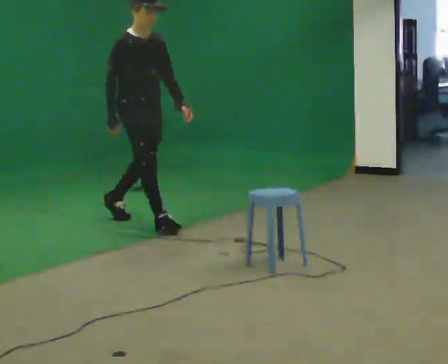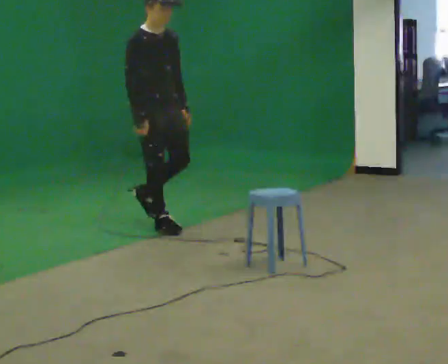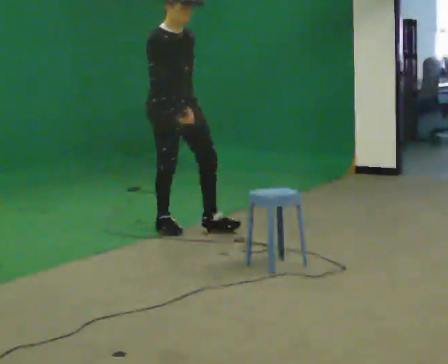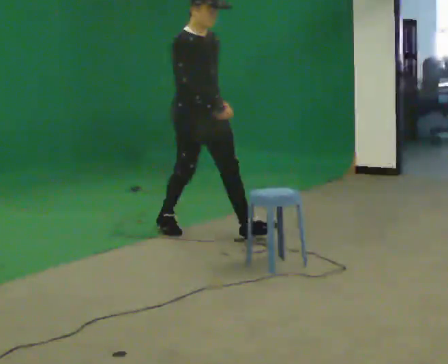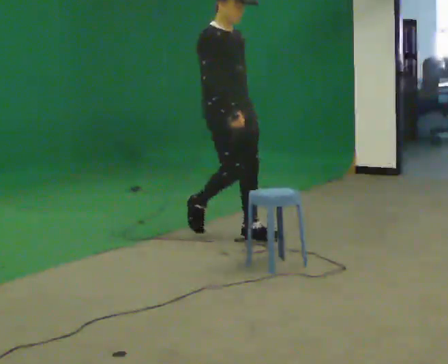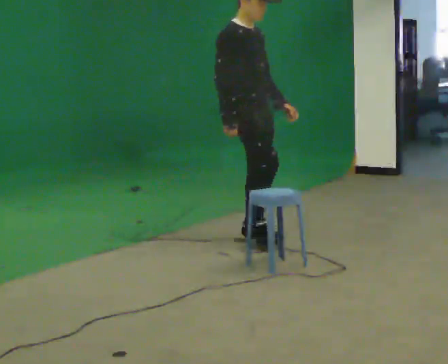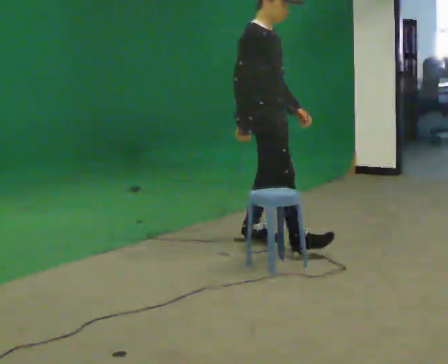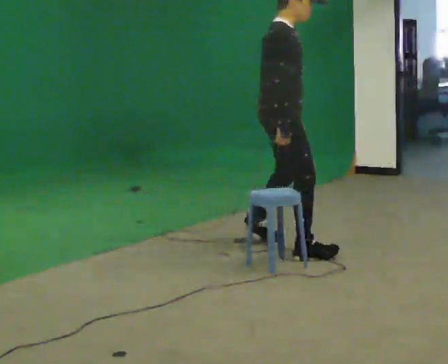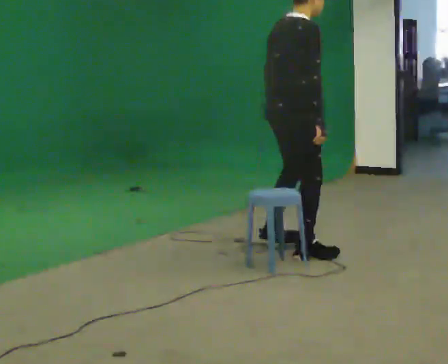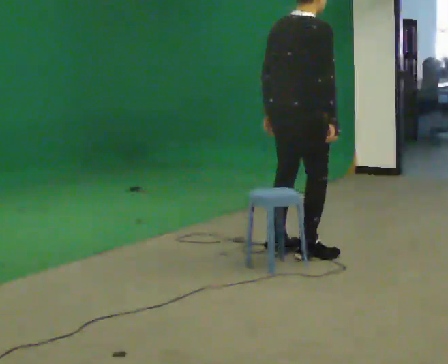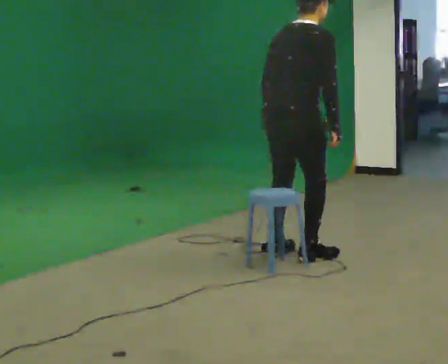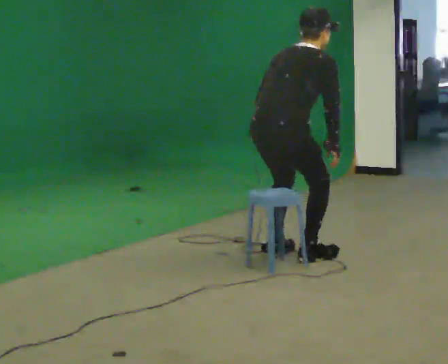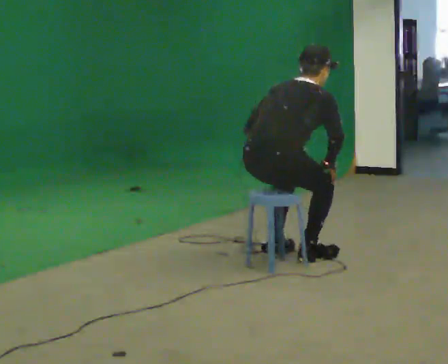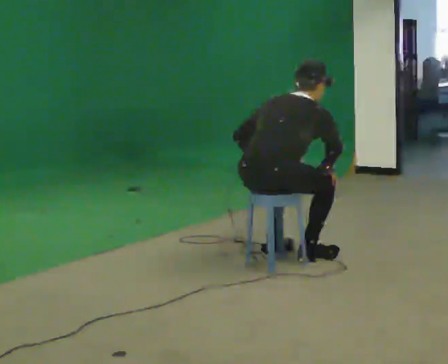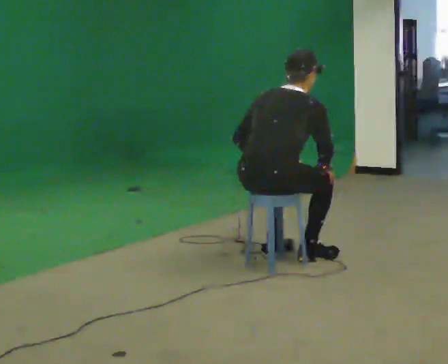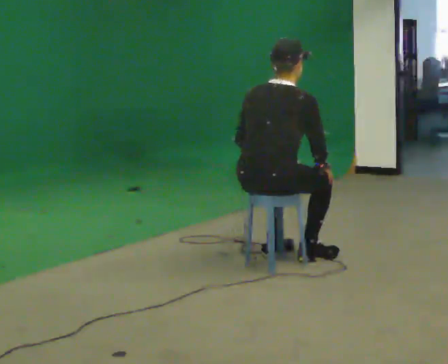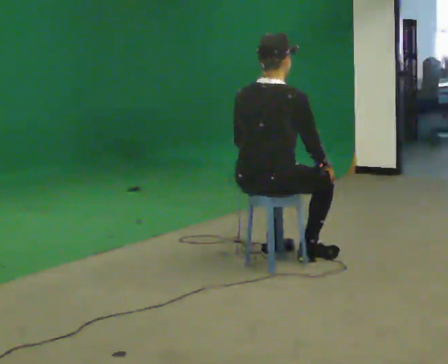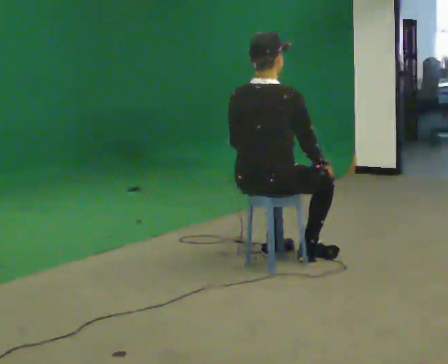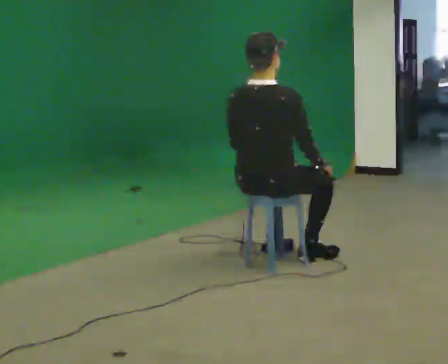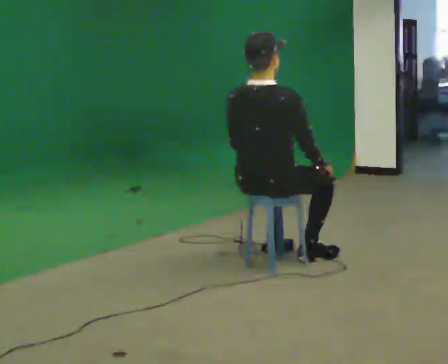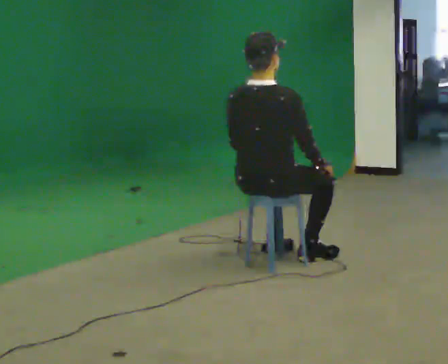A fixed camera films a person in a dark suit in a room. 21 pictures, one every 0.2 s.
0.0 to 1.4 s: The part of the body nearest the lens slides to the right as the person turns to their left by about 45 degrees. In the picture they go to the right and toward the camera, about 1.5 m in 2 steps, which for them is forward.
1.4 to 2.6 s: Seen from above the body turns counterclockwise, about 45 degrees: to their left, with its near side sliding to the right. In the picture they go toward the camera, about 0.25 m in 1 step, which for them is backward and to their right. The shoulders move downward. The upper body tips away from the camera, its near side rolling upward, as they bend forward.
2.6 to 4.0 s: The upper body tips toward the camera, its near side rolling downward, as they lean back or straighten.
The film runs forward here.
